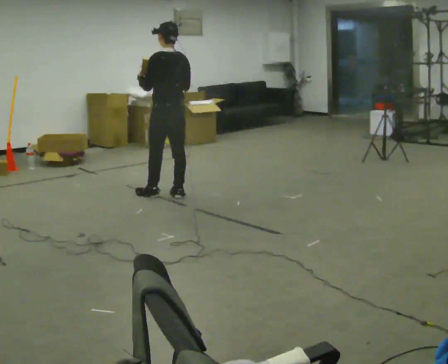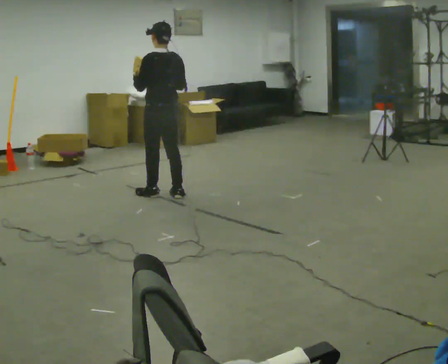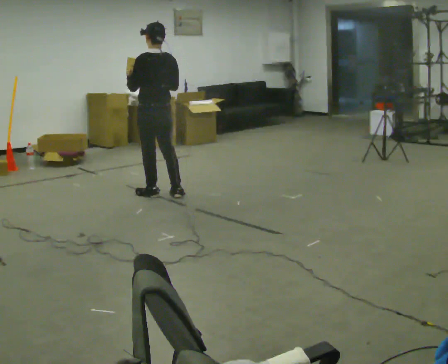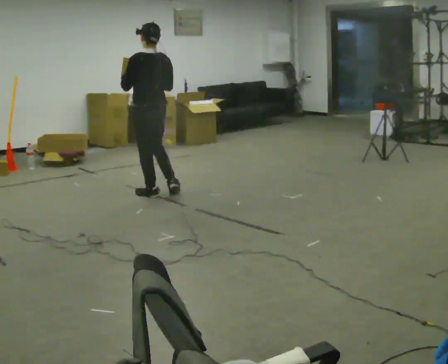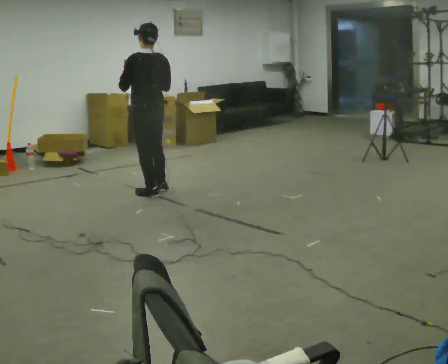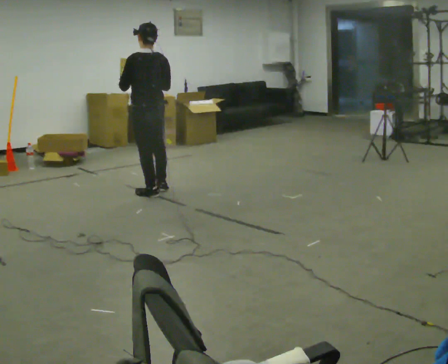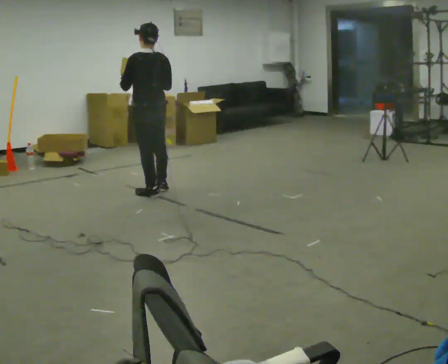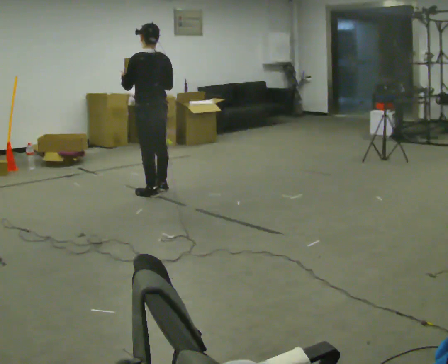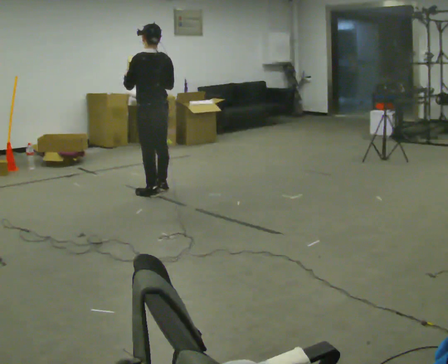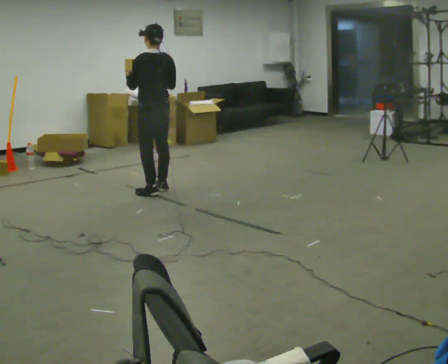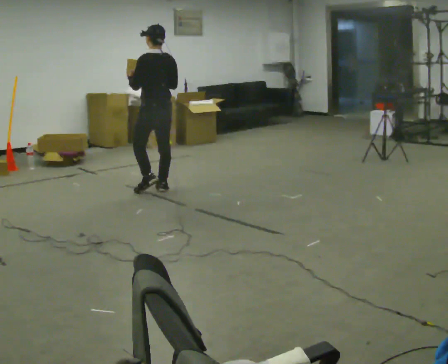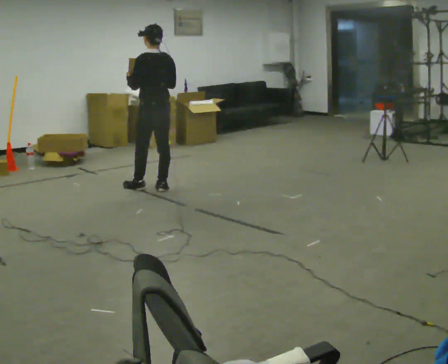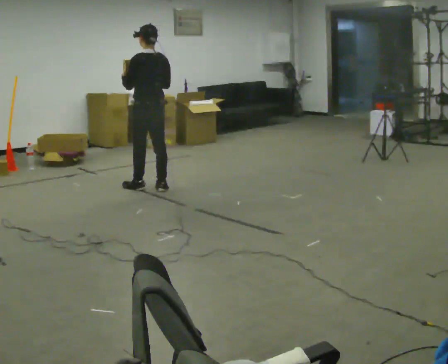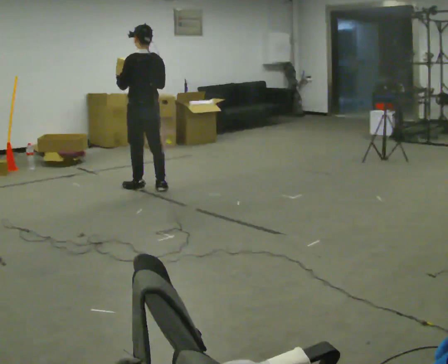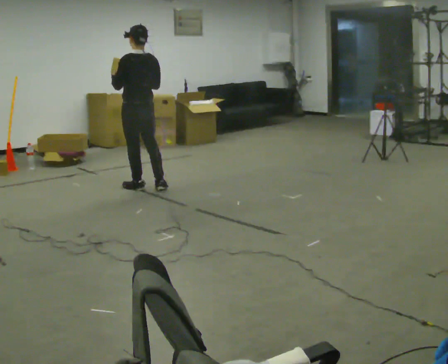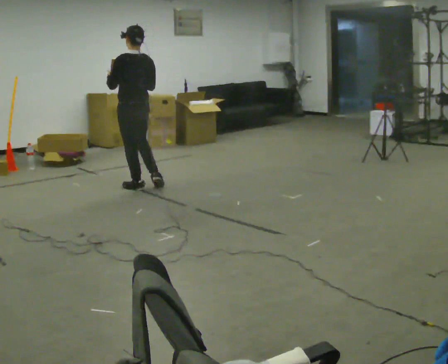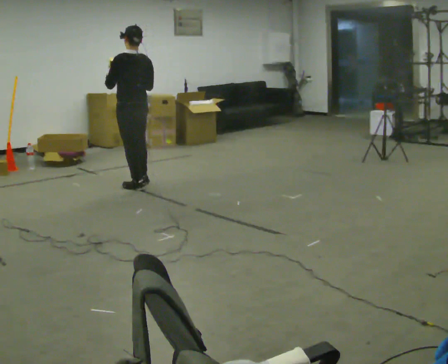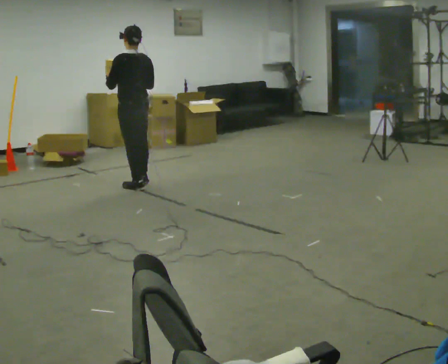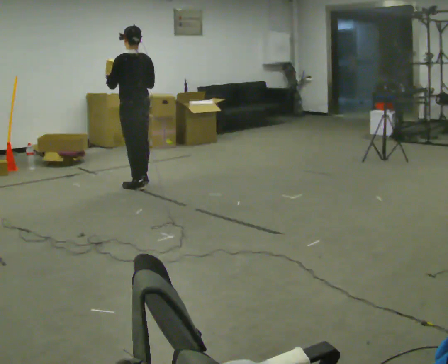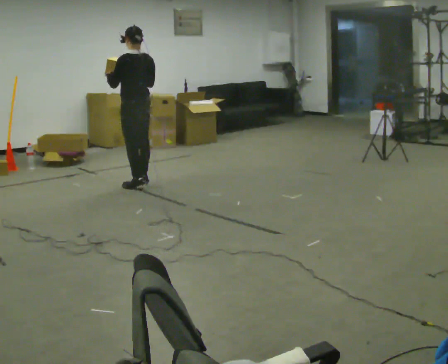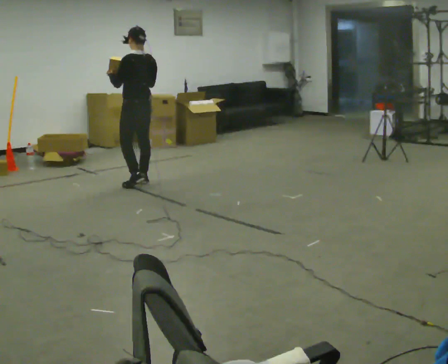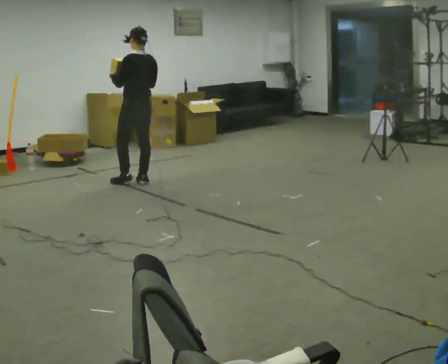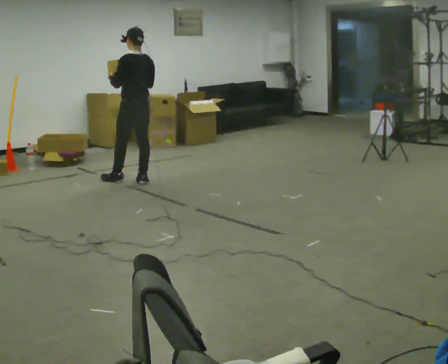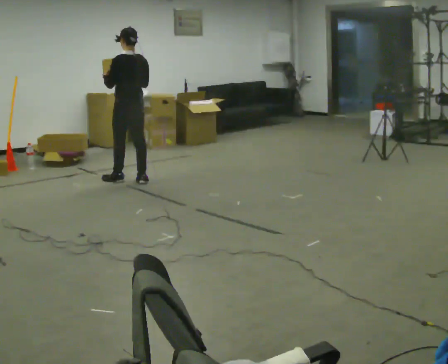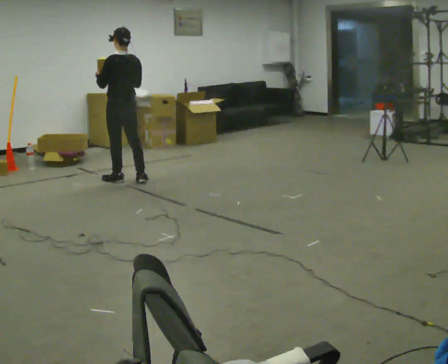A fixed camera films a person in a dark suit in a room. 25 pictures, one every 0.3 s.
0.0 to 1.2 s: In the picture they go to the left, about 0.25 m, which for them is to their left and forward.
1.2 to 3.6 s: In the picture they go away from the camera, about 0.25 m in 2 steps, which for them is forward and to their right.
3.6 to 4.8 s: In the picture they go to the left, about 0.25 m, which for them is forward and to their left.
4.8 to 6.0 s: In the picture they go away from the camera, about 0.25 m in 1 step, which for them is forward and to their right.
6.0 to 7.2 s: In the picture they go to the left, about 0.25 m in 1 step, which for them is forward.
The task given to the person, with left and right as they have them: Carry the object and, while walking, turn it over in your hands to look at all sides of it. Keep turning it as you walk.
The film runs forward here.
